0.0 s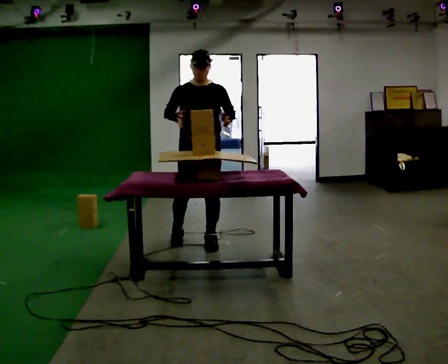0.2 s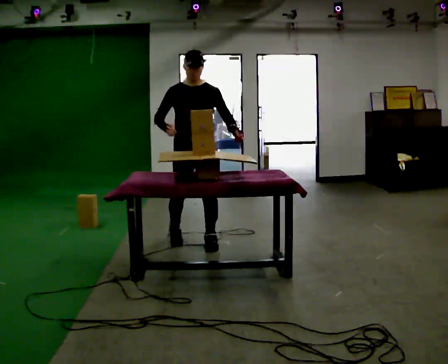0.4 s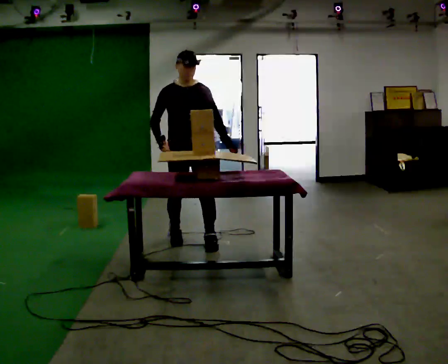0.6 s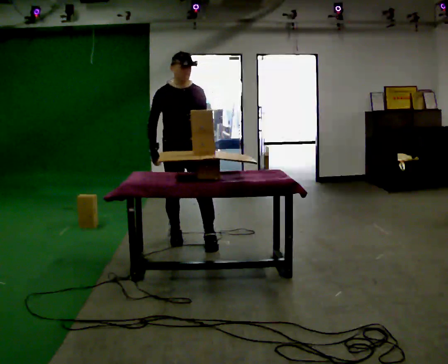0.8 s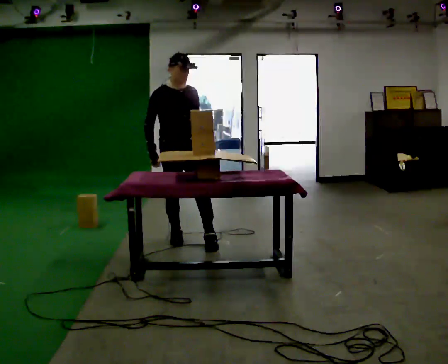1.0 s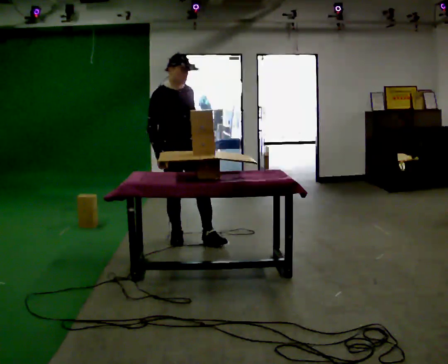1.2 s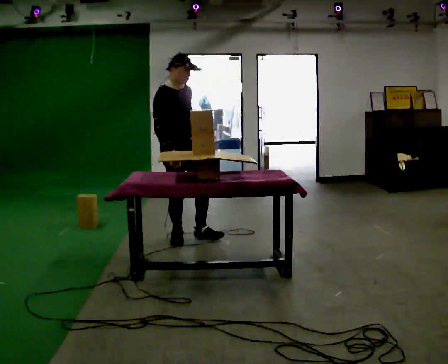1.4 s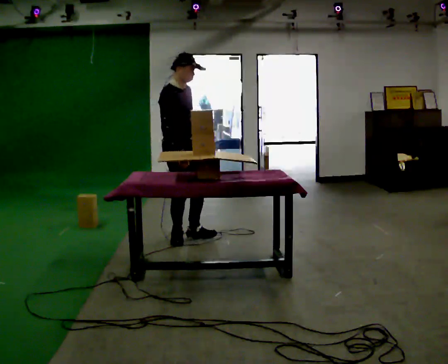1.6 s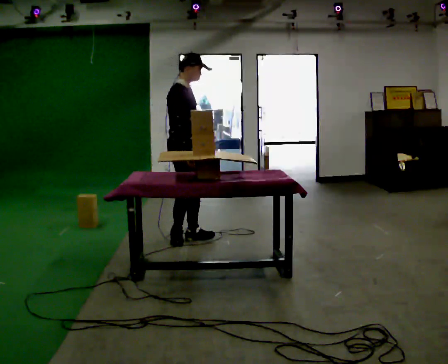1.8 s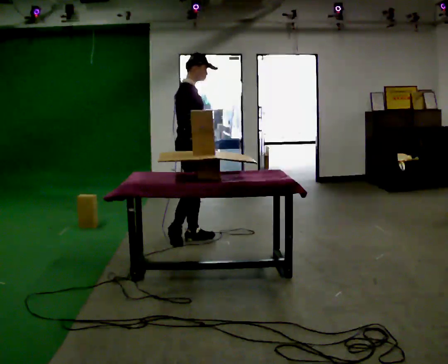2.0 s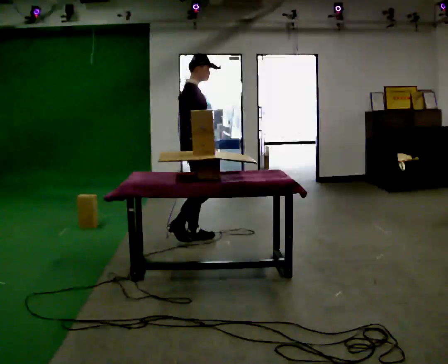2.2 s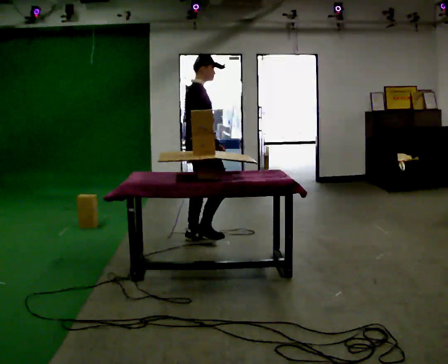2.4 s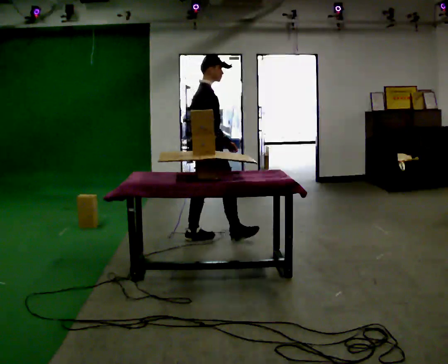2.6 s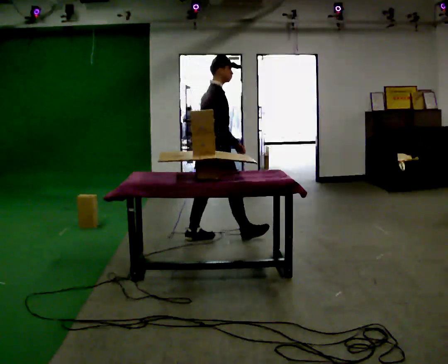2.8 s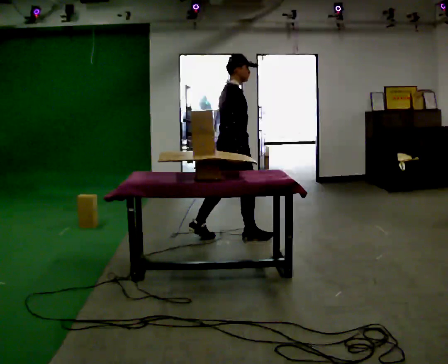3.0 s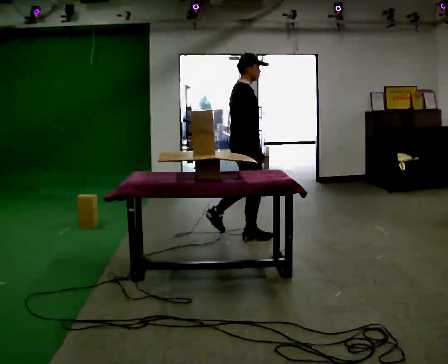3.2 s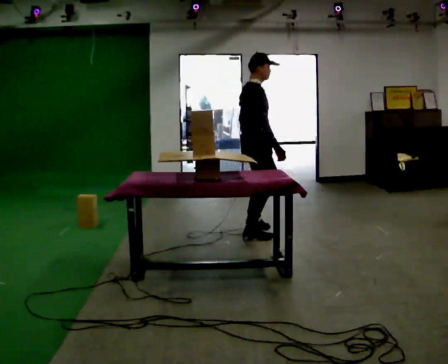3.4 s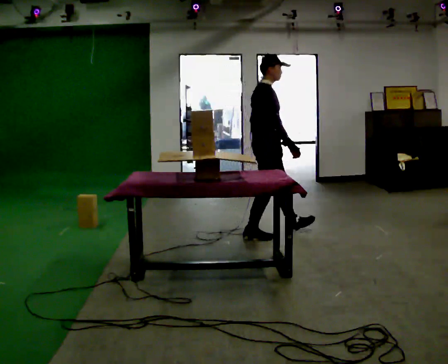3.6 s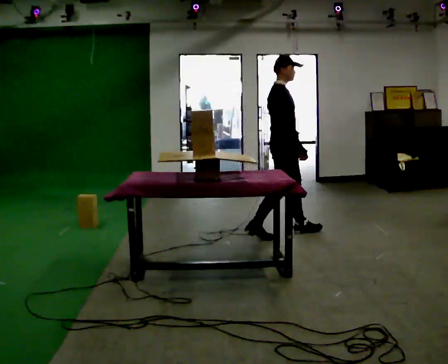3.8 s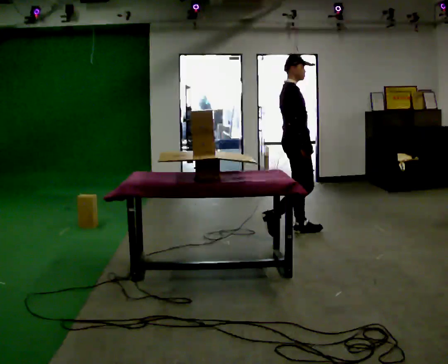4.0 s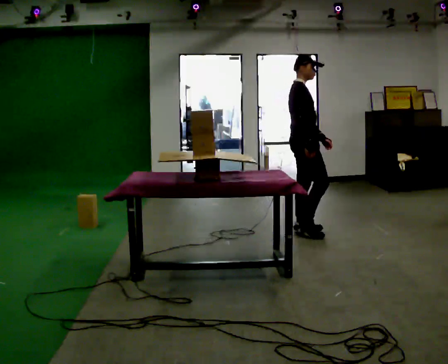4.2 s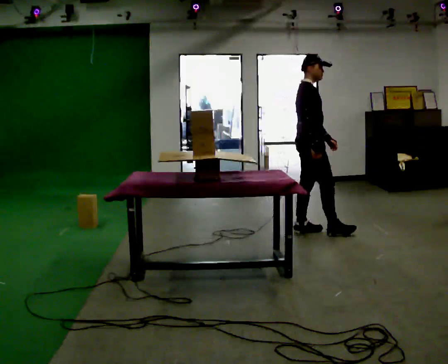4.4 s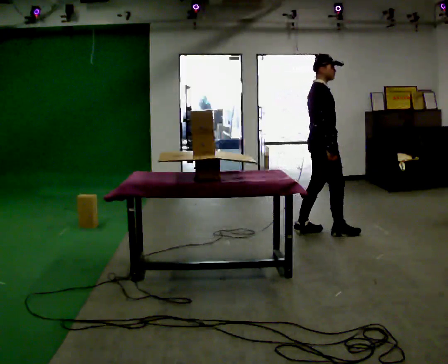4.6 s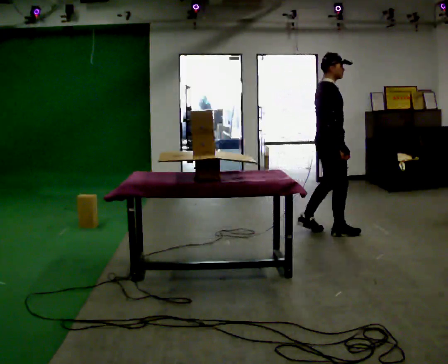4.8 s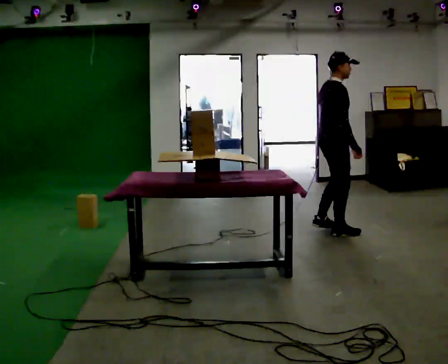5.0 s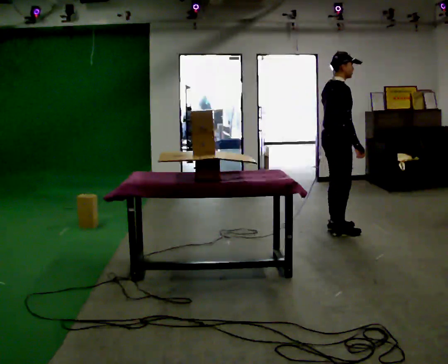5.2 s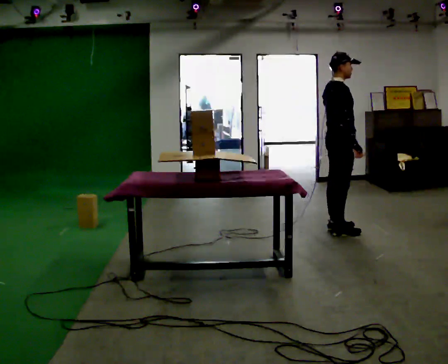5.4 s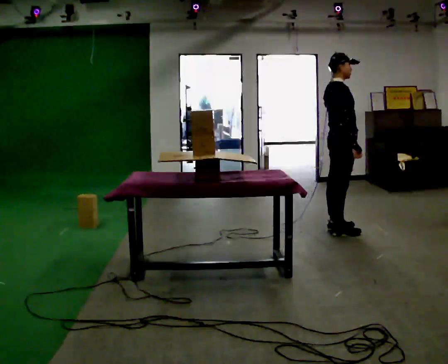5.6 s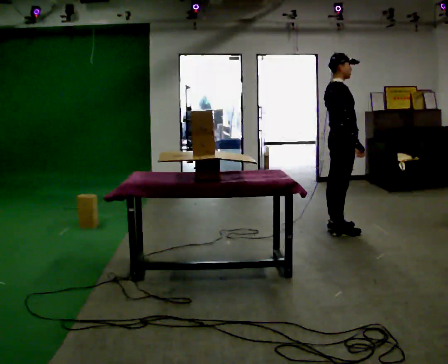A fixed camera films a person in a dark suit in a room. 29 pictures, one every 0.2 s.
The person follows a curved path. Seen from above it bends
clockwise.
0.0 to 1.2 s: The part of the body nearest the lens slides to the right as the person turns to their left by about 45 degrees. In the picture they go to the left, about 0.25 m, which for them is to their right and backward. In the picture their left hand goes to the left.
1.2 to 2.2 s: Seen from above the body turns counterclockwise, about 60 degrees: to their left, with its near side sliding to the right. In the picture they go to the right, about 0.25 m in 1 step, which for them is forward and to their left.
2.2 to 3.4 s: In the picture they go to the right, about 0.5 m in 1 step, which for them is forward.
3.4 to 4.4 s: In the picture they go to the right, about 0.5 m in 2 steps, which for them is forward.
4.4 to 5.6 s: In the picture they go to the right, about 0.25 m in 1 step, which for them is forward.
The film runs forward here.
